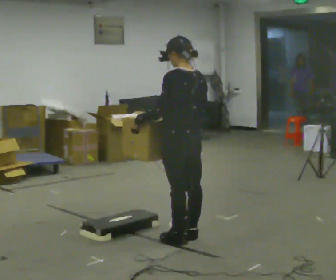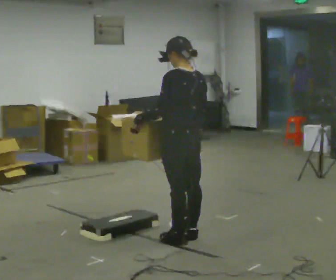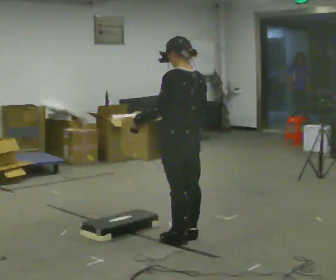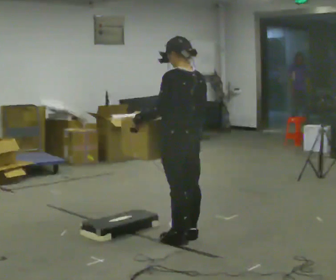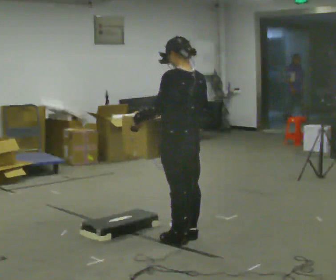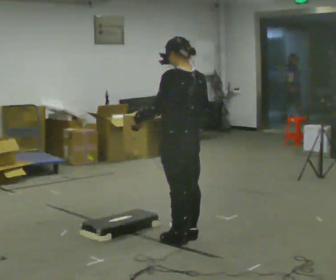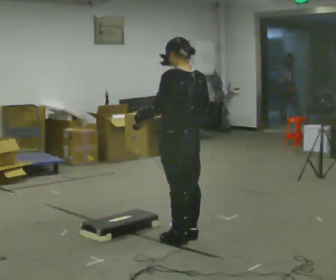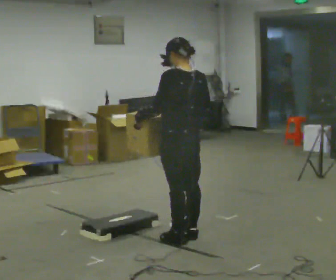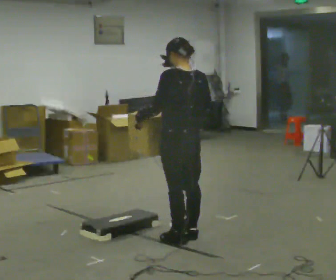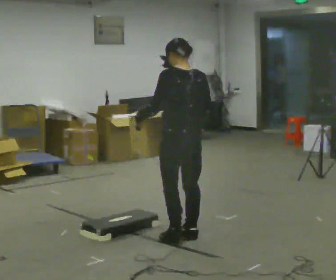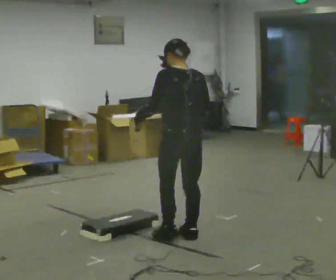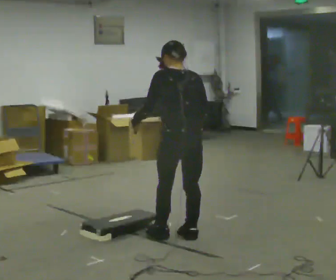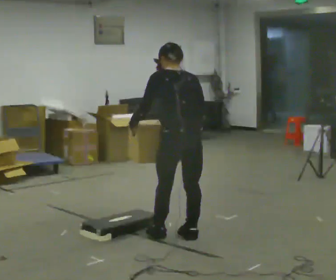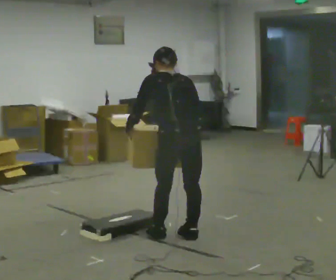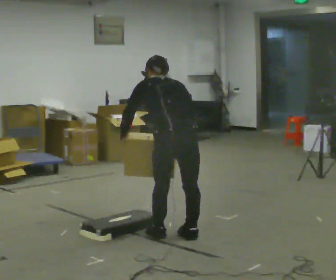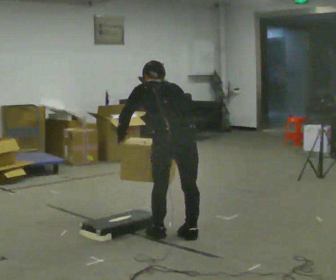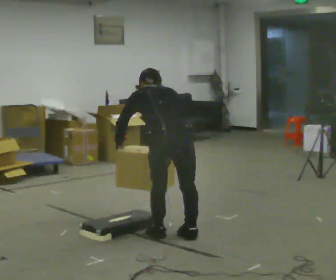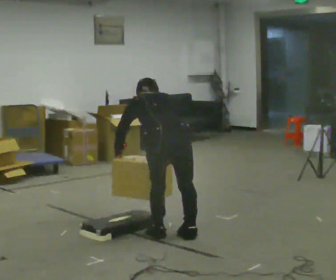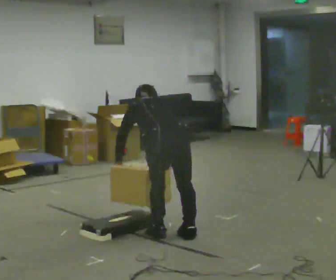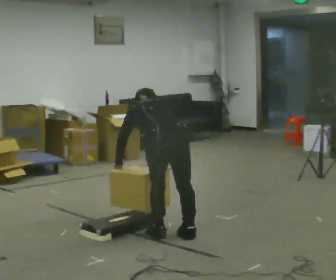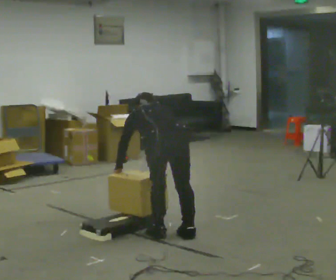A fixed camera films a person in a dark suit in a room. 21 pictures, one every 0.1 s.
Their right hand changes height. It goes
downward.
Their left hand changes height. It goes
downward.
0.0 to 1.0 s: The person moves a little, or ends about where they began.
1.0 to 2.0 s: The part of the body nearest the lens slides to the left as the person turns to their right by about 30 degrees. The shoulders move downward. The upper body tips away from the camera, its near side rolling upward, as they bend forward. In the picture their right hand goes downward.
The film runs backward here.
